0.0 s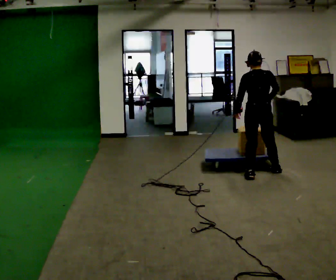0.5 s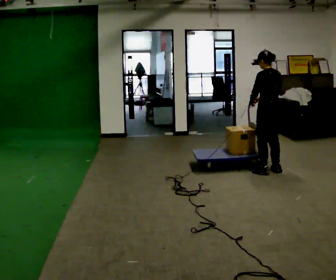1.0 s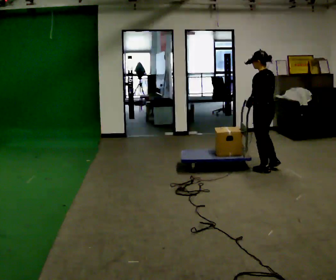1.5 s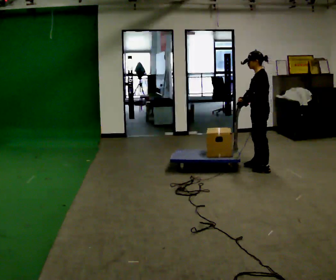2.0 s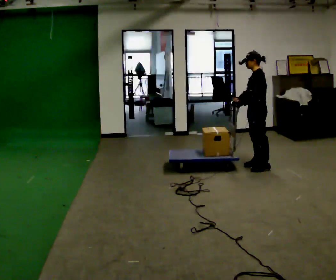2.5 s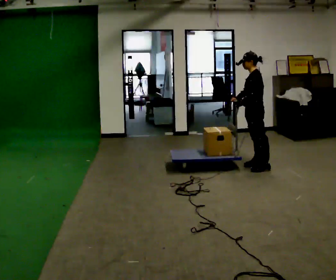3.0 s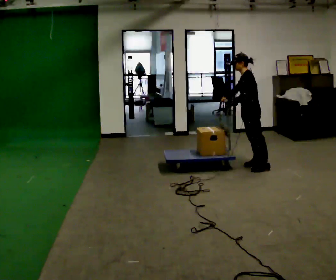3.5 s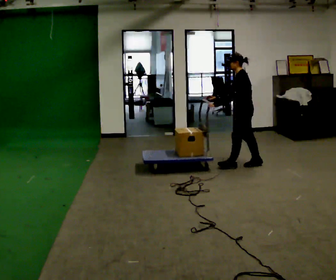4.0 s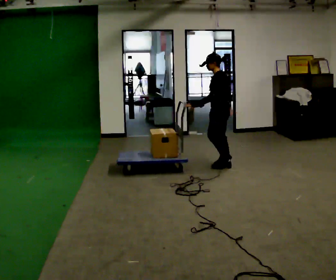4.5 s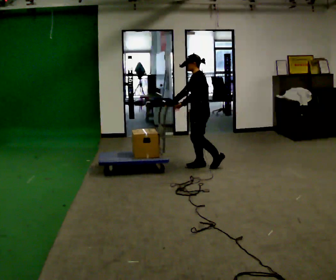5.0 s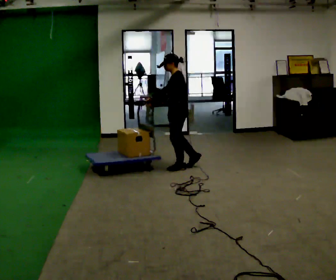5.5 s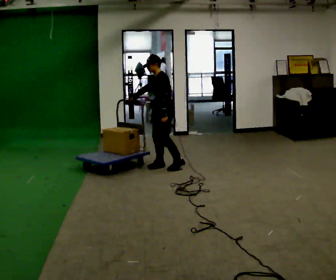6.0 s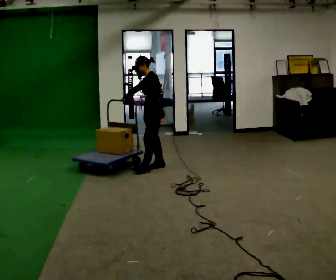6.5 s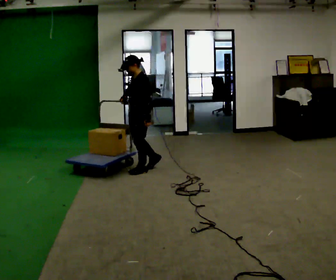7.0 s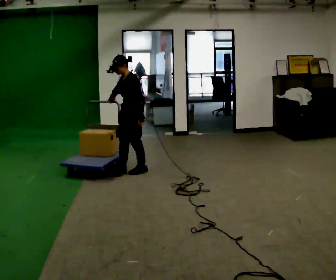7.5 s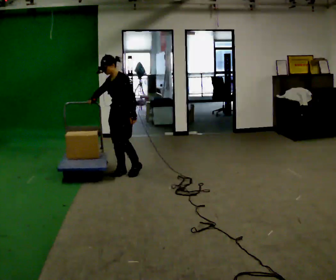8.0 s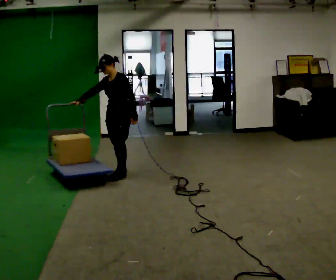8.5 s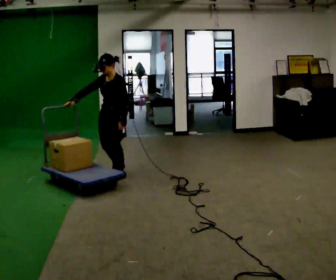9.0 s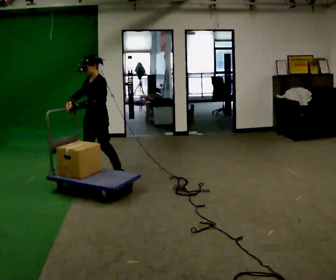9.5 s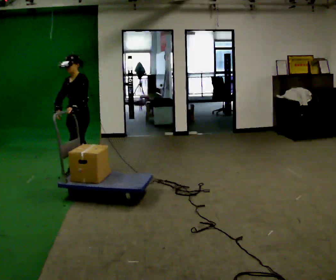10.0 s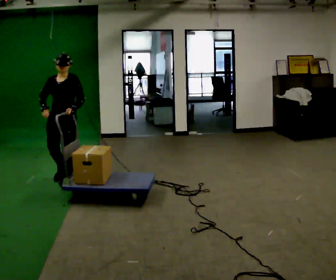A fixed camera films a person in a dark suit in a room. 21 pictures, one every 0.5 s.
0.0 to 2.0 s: Seen from above the body turns counterclockwise, about 75 degrees: to their left, with its near side sliding to the right. In the picture they go away from the camera, about 0.25 m in 2 steps.
2.0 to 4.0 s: In the picture they go to the left, about 0.5 m in 1 step, which for them is forward.
4.0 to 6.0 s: In the picture they go to the left, about 1 m in 3 steps, which for them is forward.
6.0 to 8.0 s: The part of the body nearest the lens slides to the right as the person turns to their left by about 45 degrees. In the picture they go to the left and toward the camera, about 0.5 m in 3 steps, which for them is forward.
8.0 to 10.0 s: Seen from above the body turns counterclockwise, about 30 degrees: to their left, with its near side sliding to the right. In the picture they go to the left and toward the camera, about 0.75 m in 2 steps, which for them is forward.
The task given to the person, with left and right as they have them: Stand still with your hands on the cart. When the operator says go, get it moving, push it a few metres, then bring it to a stop. Repeat until the operator says stop.
The film runs forward here.
